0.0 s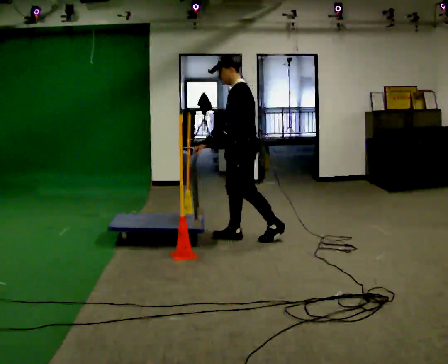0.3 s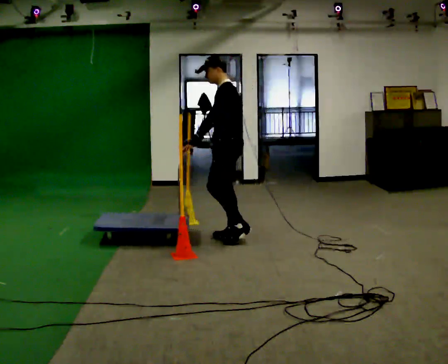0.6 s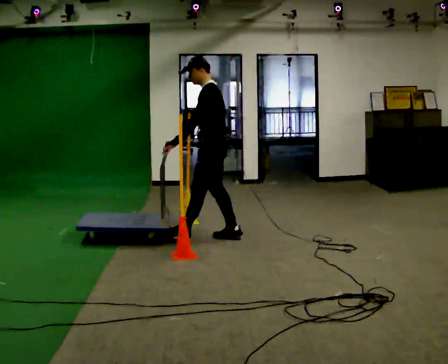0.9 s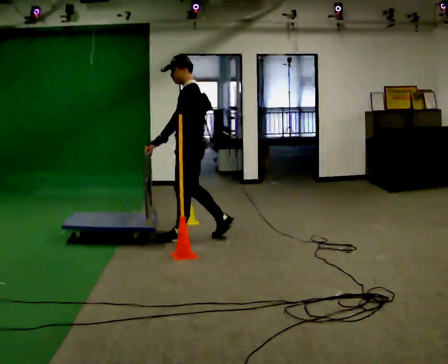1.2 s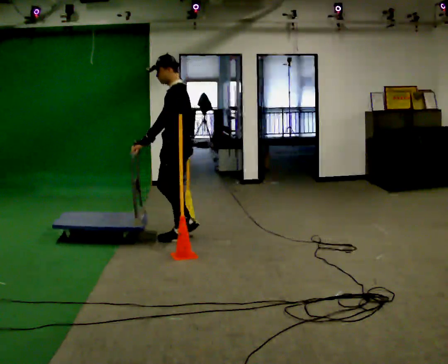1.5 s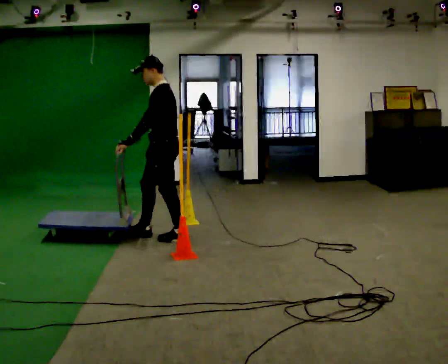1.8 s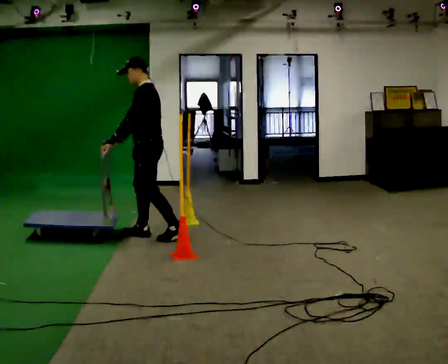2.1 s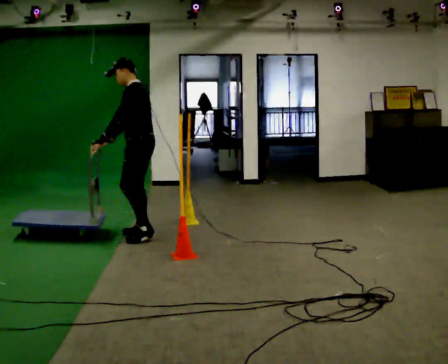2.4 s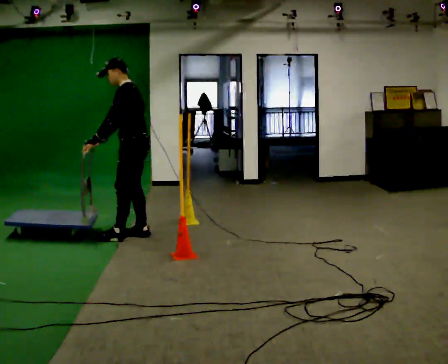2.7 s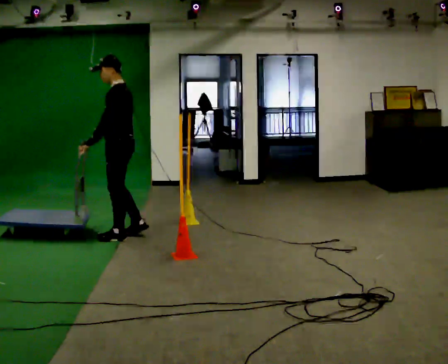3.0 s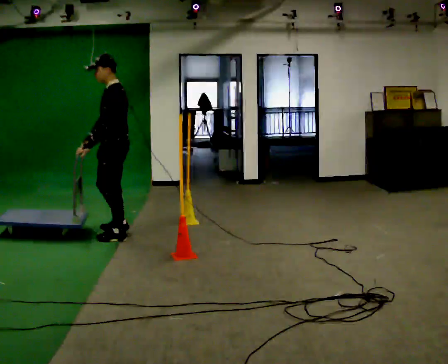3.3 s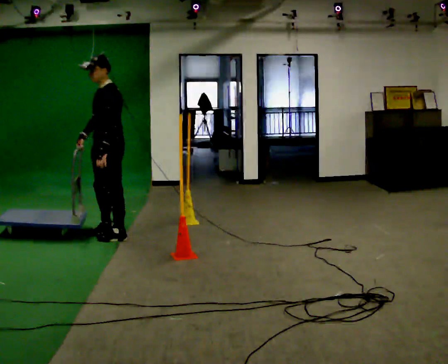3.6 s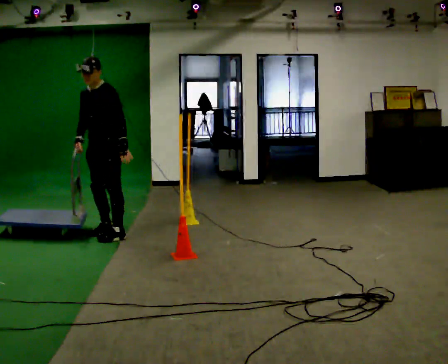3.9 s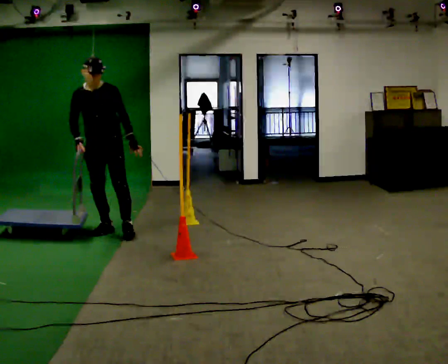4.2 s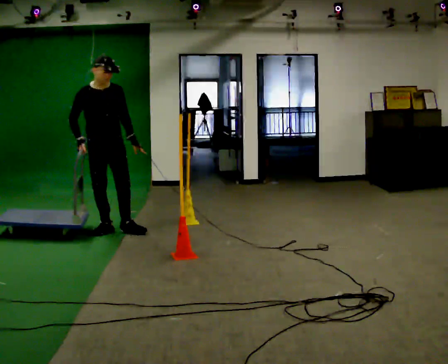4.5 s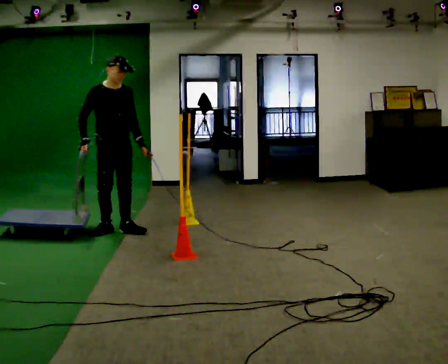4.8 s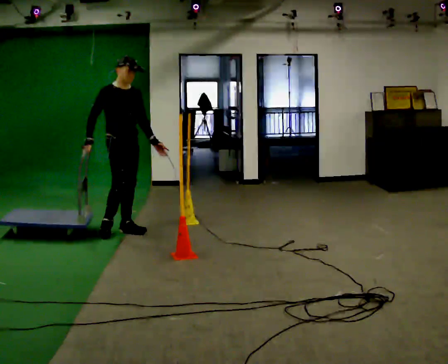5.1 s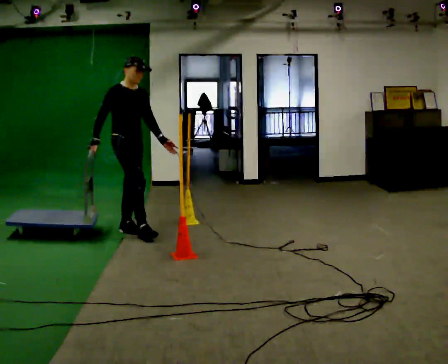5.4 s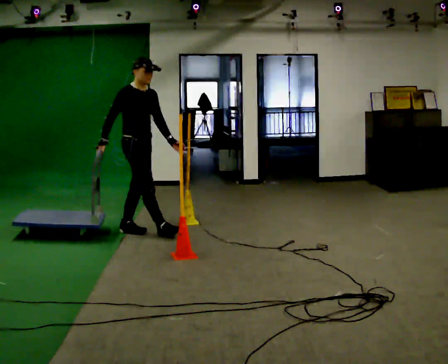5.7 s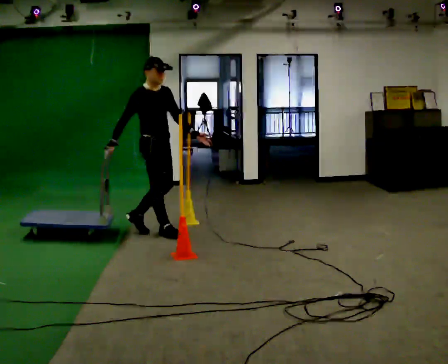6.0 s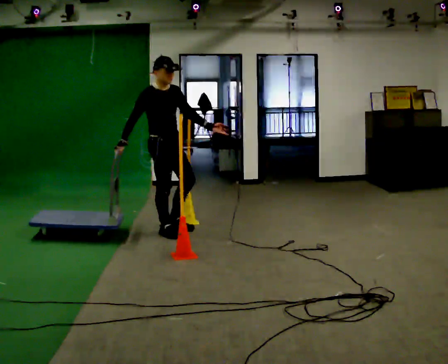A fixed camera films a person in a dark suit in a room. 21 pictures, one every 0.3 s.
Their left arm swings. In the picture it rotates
counterclockwise.
The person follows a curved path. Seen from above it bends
clockwise.
0.0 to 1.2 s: In the picture they go to the left, about 0.5 m in 1 step, which for them is forward.
1.2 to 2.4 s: In the picture they go to the left, about 0.5 m in 2 steps, which for them is forward.
2.4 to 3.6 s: Seen from above the body turns counterclockwise, about 60 degrees: to their left, with its near side sliding to the right. In the picture they go to the left, about 0.25 m in 1 step, which for them is forward and to their right.
3.6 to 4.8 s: The person turns about 90 degrees to their left, counterclockwise seen from above, so the part of the body nearest the lens slides to the right. In the picture their left hand goes to the right.
4.8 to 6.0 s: In the picture they go to the right, about 0.5 m in 1 step, which for them is forward.
The film runs forward here.
